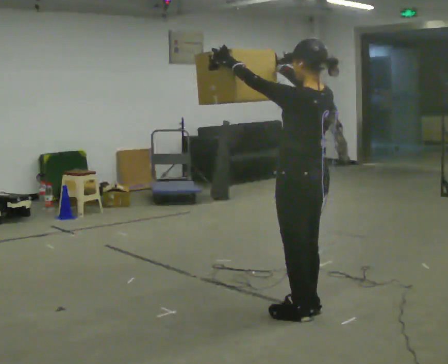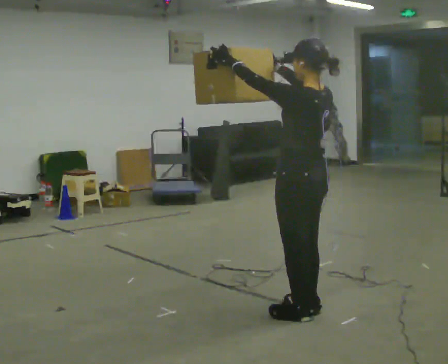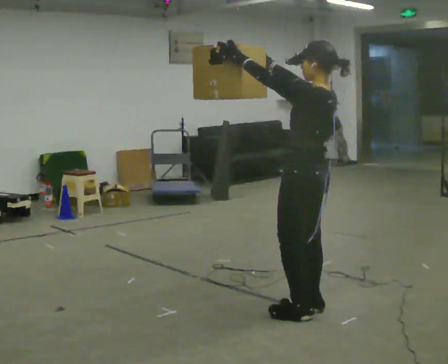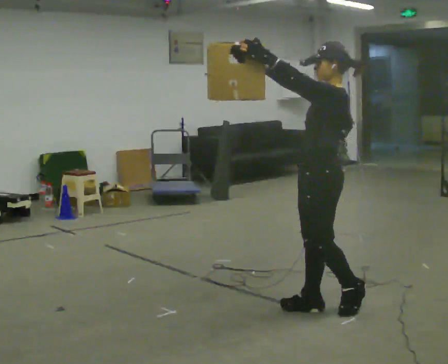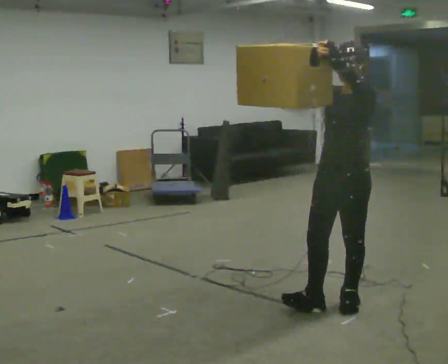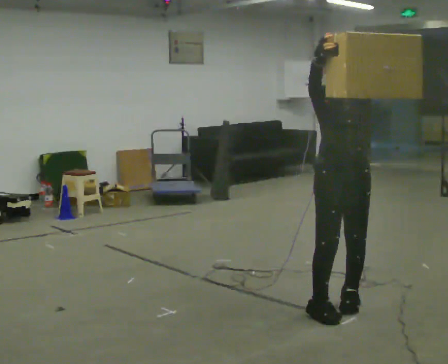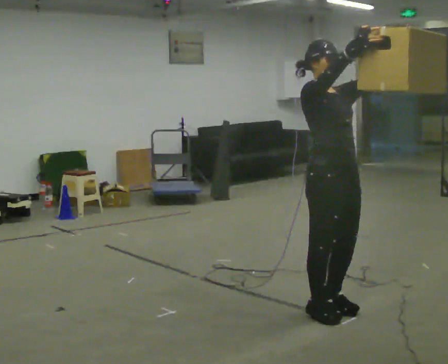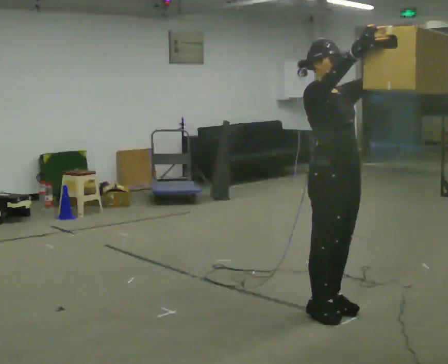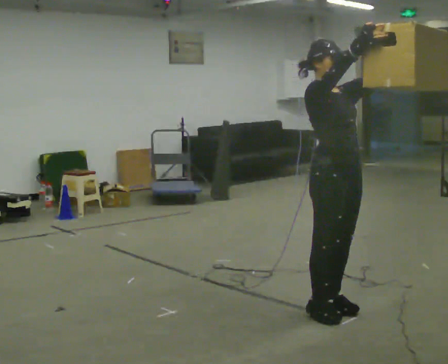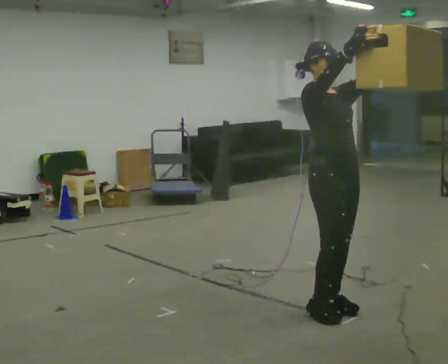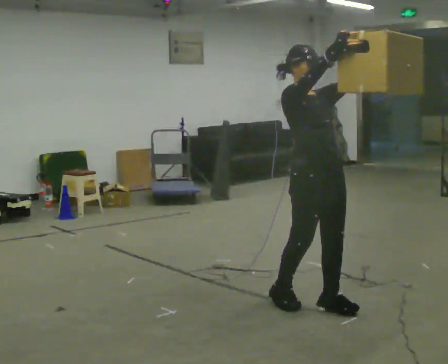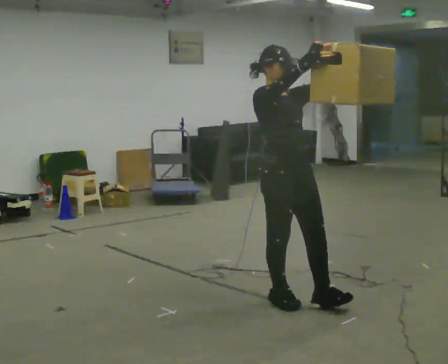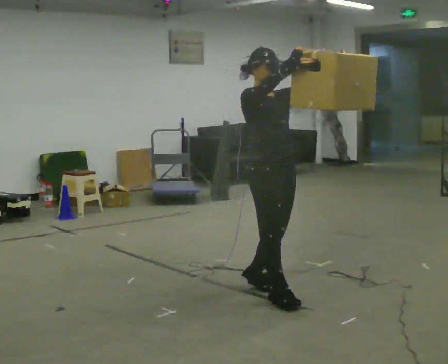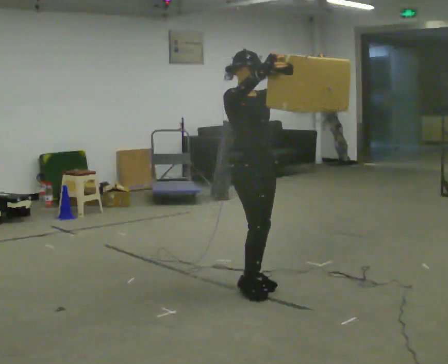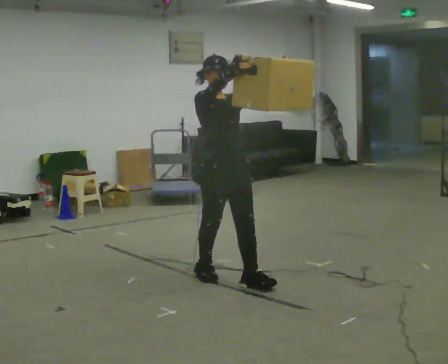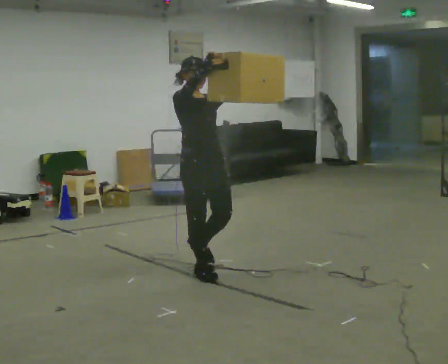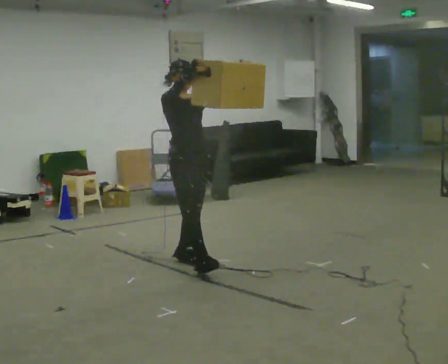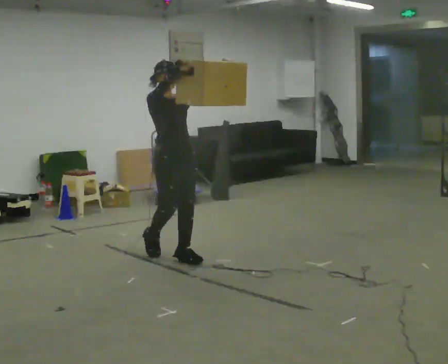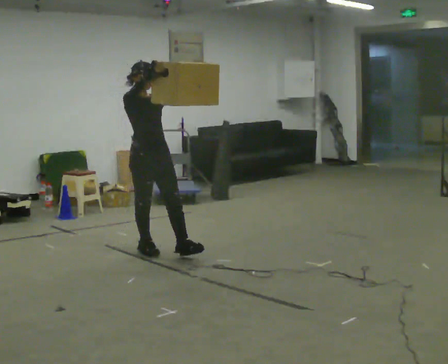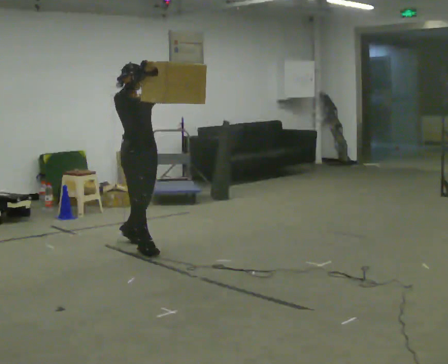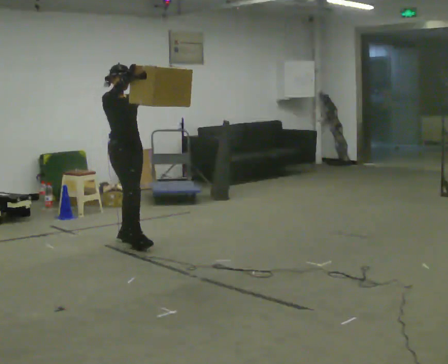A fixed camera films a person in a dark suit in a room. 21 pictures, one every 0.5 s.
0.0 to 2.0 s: The part of the body nearest the lens slides to the right as the person turns to their left by about 90 degrees. In the picture they go to the right, about 0.25 m in 1 step.
2.0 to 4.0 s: The person turns about 90 degrees to their left, counterclockwise seen from above, so the part of the body nearest the lens slides to the right. In the picture the upper body tilts counterclockwise, shoulders to the left. In the picture their left hand goes to the right.
4.0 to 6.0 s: In the picture they go to the left and away from the camera, about 0.5 m in 2 steps, which for them is backward.
6.0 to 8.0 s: In the picture they go away from the camera and to the left, about 1 m in 2 steps, which for them is backward.
8.0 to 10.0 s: In the picture they go to the left and away from the camera, about 1 m in 3 steps, which for them is backward.
The film runs backward here.
